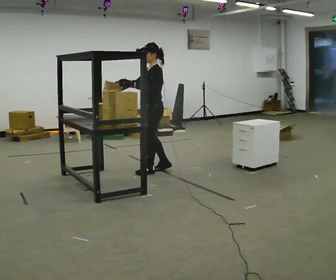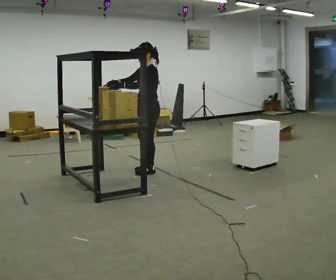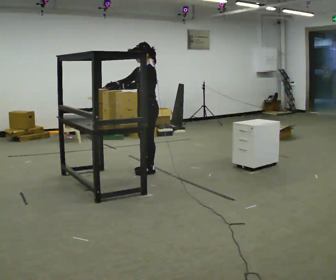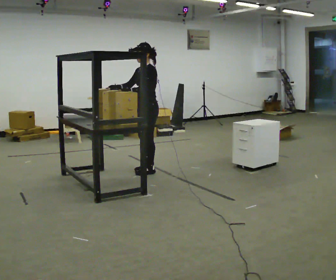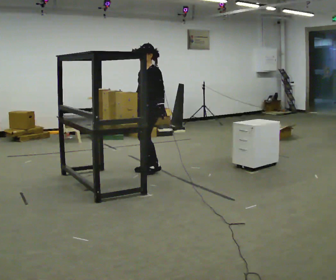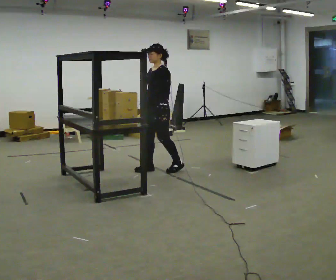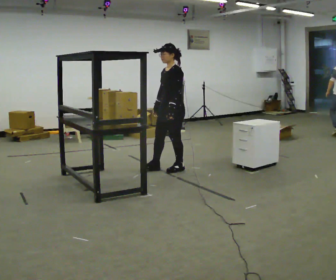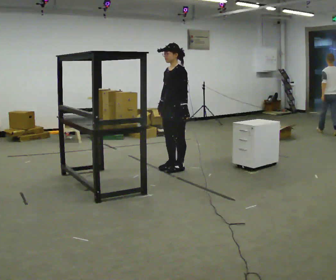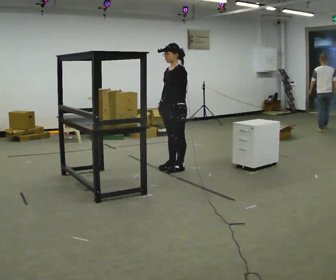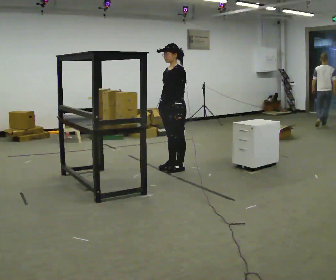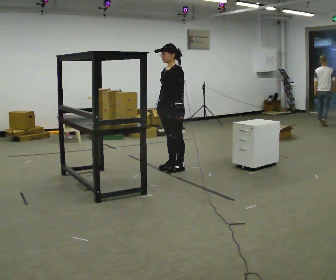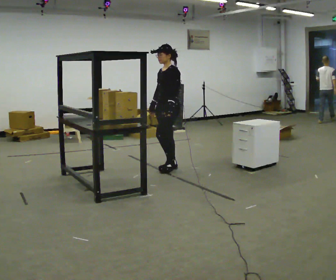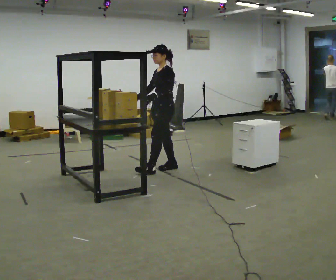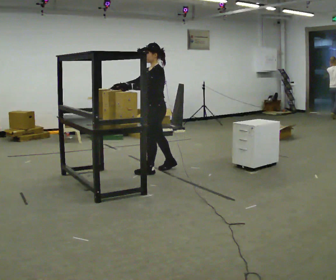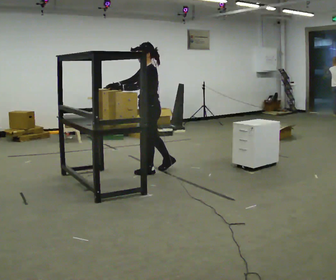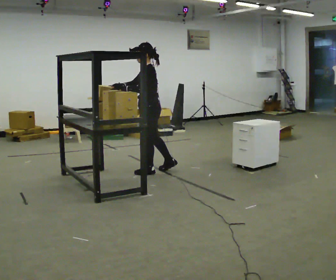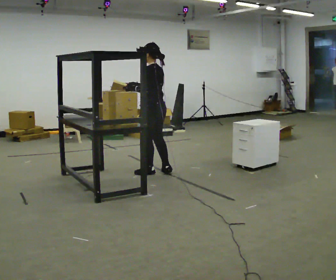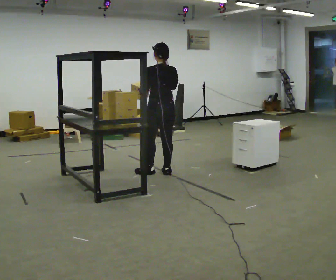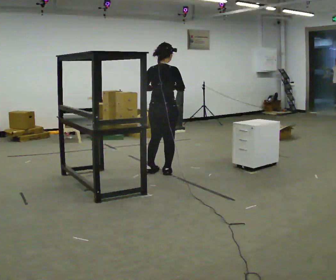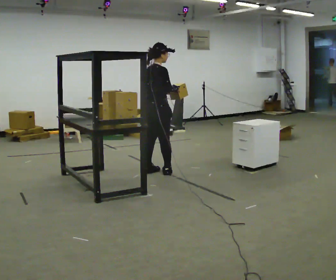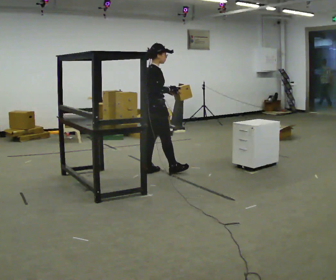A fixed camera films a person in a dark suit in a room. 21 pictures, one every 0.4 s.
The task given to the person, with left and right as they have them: Move objects one at a time from the waist-height shelf at one end of the room to the waist-height shelf at the other end. Keep going until the operator says stop; one object at a time, and do not rush between trips.
0.0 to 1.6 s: In the picture their left hand goes to the right.
1.6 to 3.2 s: In the picture they go to the right, about 0.25 m in 2 steps, which for them is backward.
3.2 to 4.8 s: In the picture their right hand goes to the left.
4.8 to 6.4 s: The part of the body nearest the lens slides to the left as the person turns to their right by about 60 degrees. In the picture they go toward the camera, about 0.25 m, which for them is to their left and forward.
6.4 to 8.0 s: The part of the body nearest the lens slides to the left as the person turns to their right by about 120 degrees. In the picture their right hand goes to the right.
The film runs forward here.
